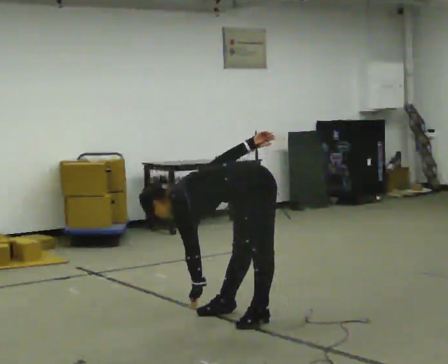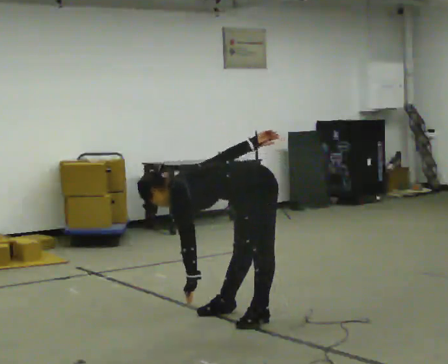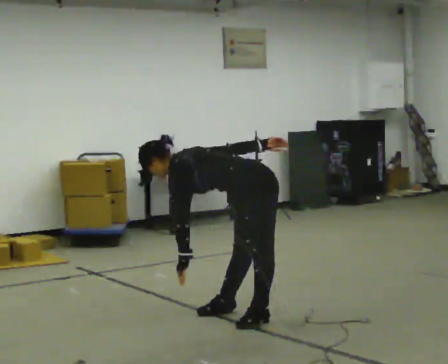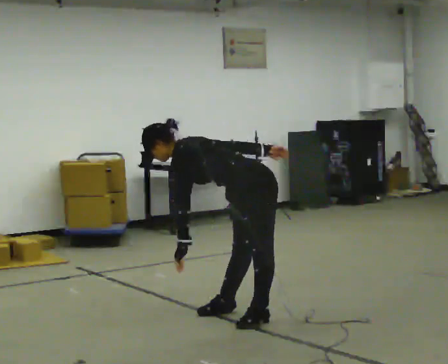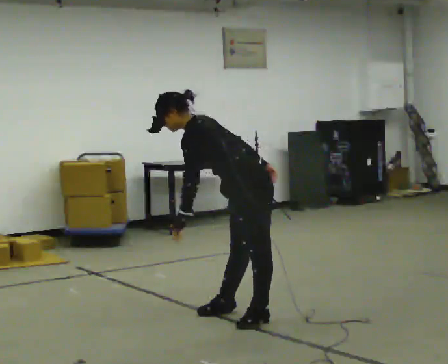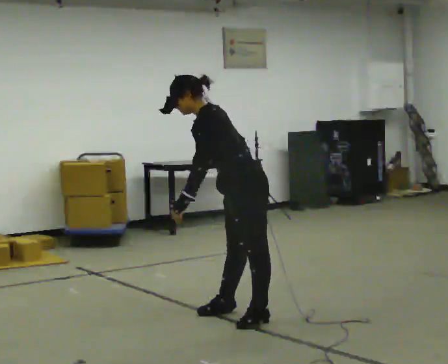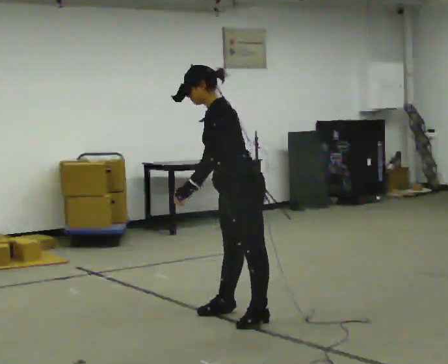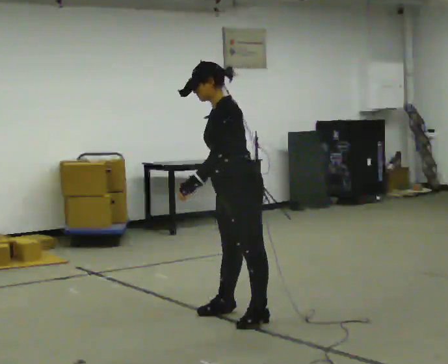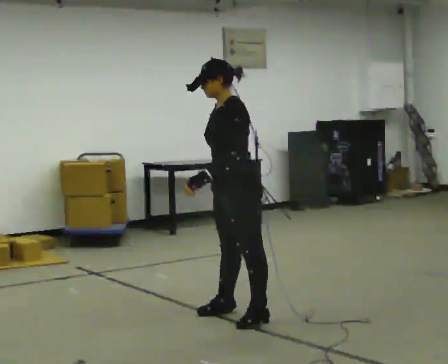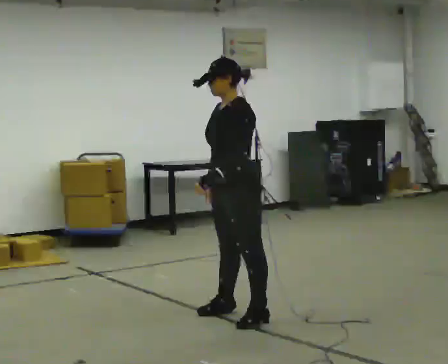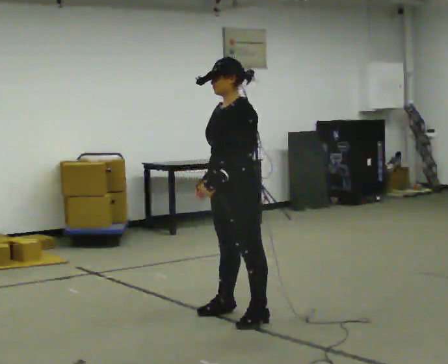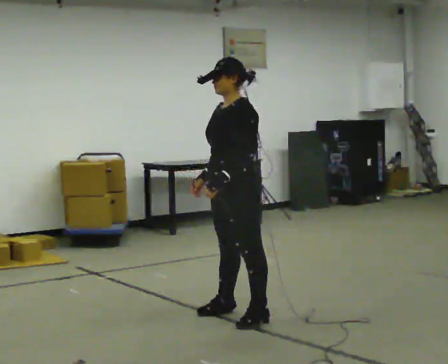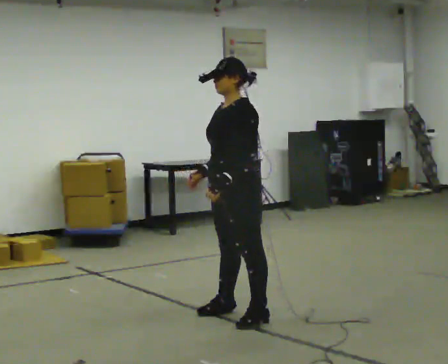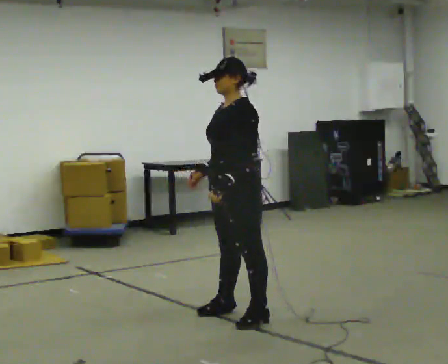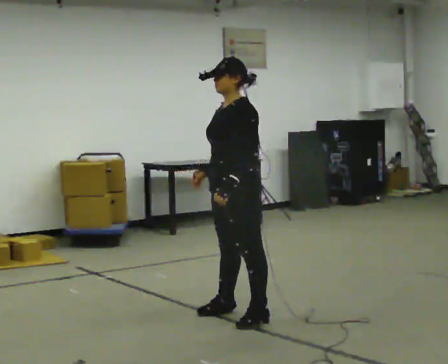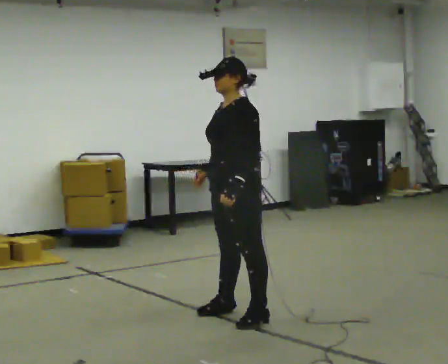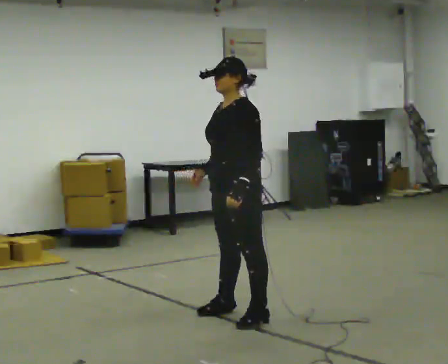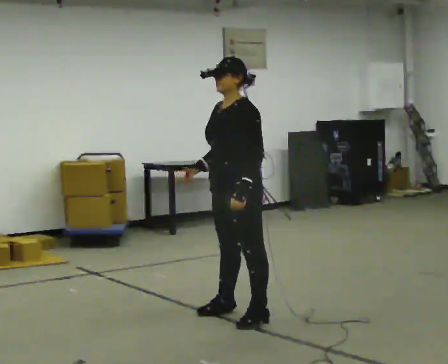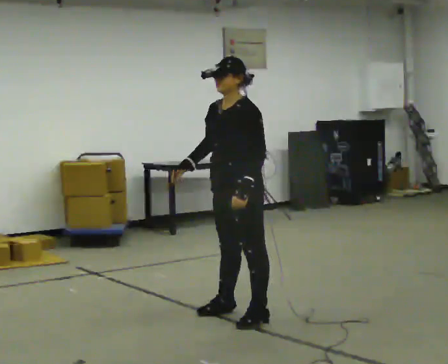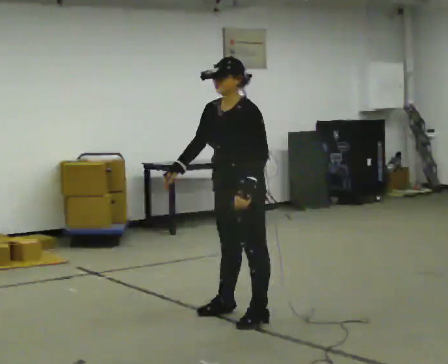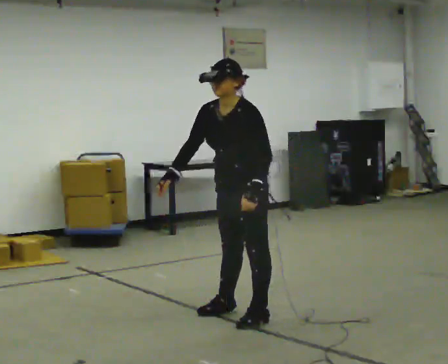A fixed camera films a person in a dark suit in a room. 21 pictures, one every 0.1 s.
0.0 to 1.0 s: Seen from above the body turns counterclockwise, about 30 degrees: to their left, with its near side sliding to the right. The shoulders move upward. In the picture the upper body tilts clockwise, shoulders to the right, as they lean back or straighten.
1.0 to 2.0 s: The person moves a little, or ends about where they began.
The film runs backward here.
